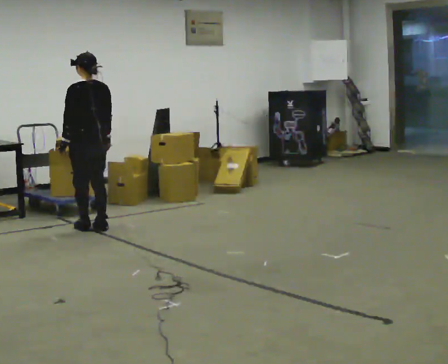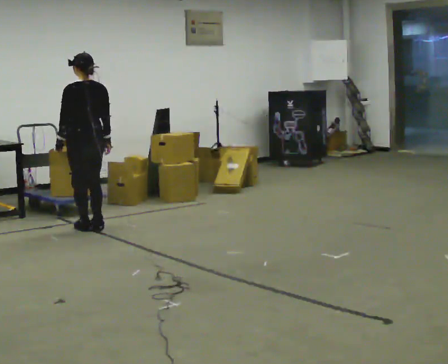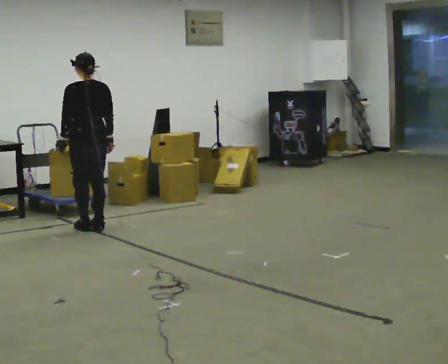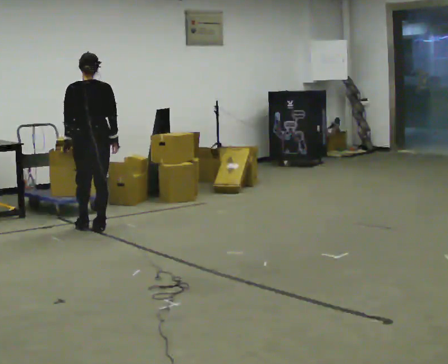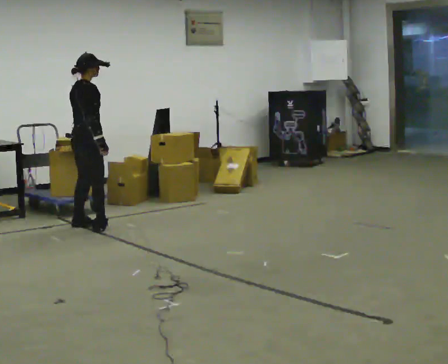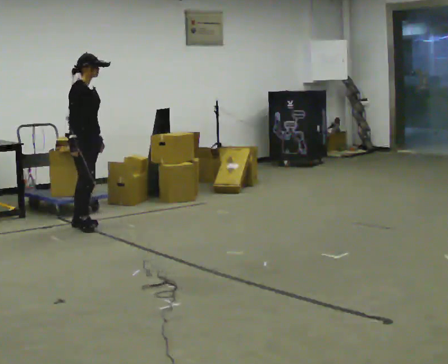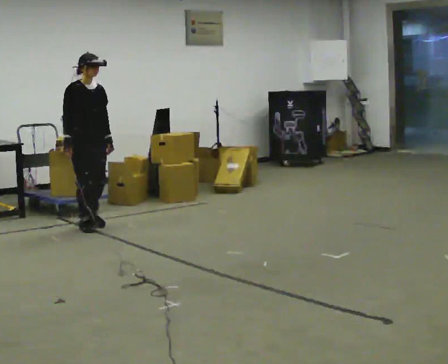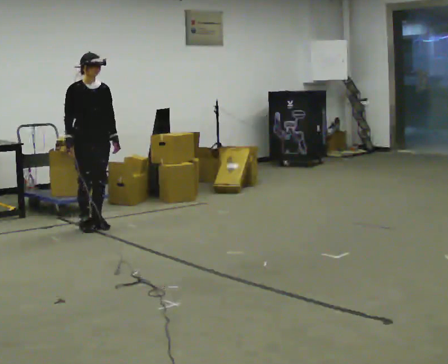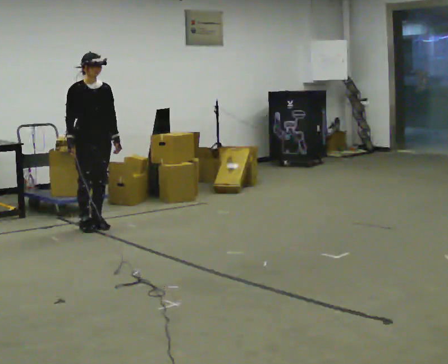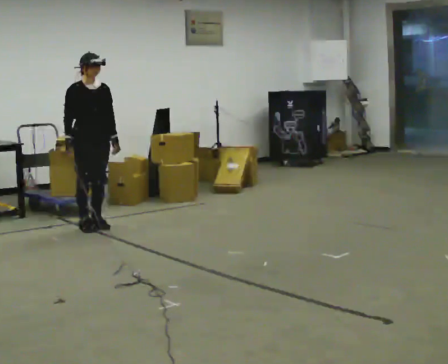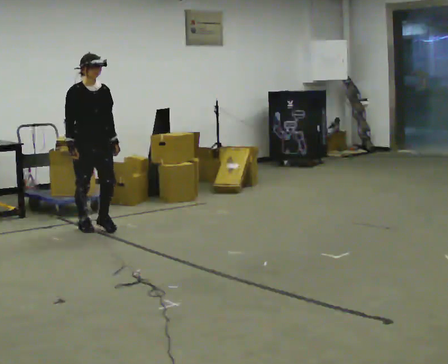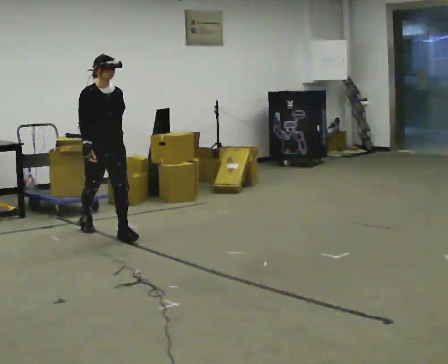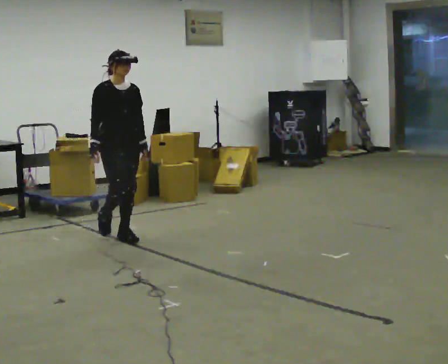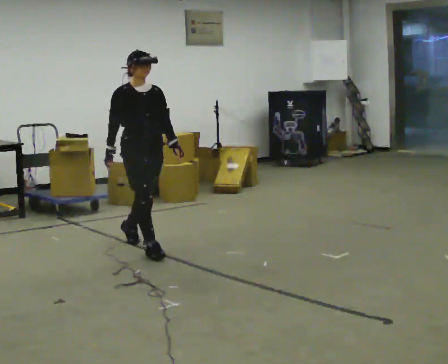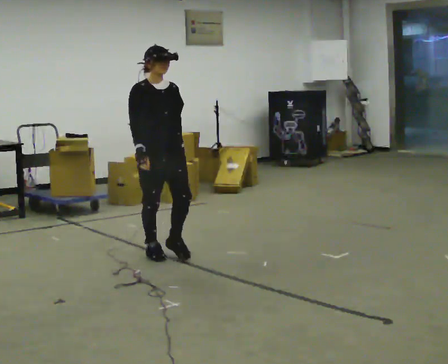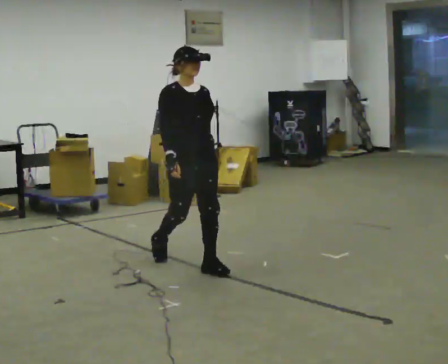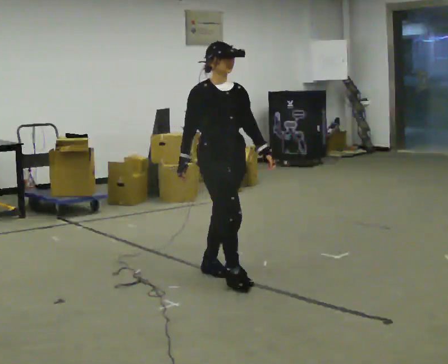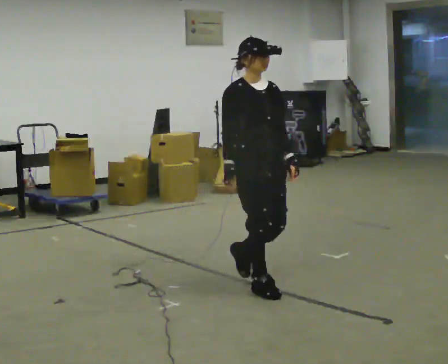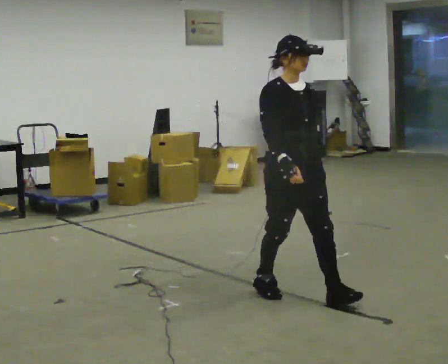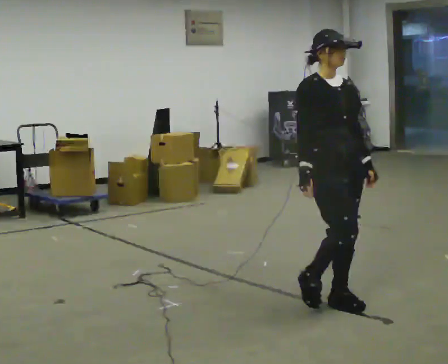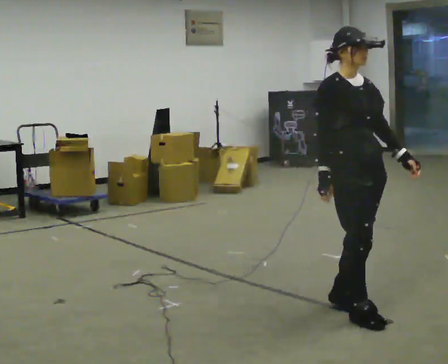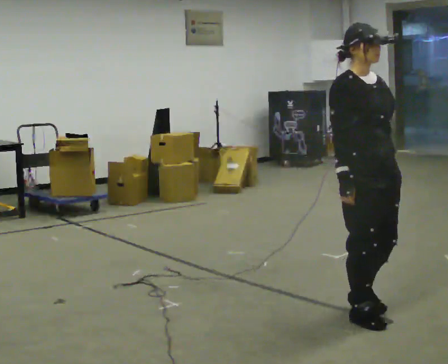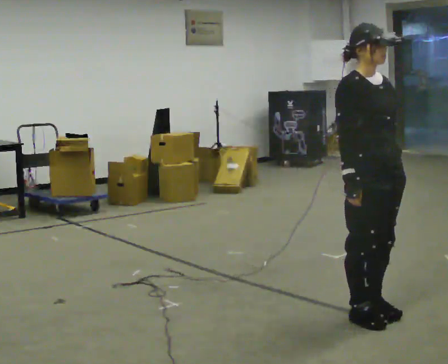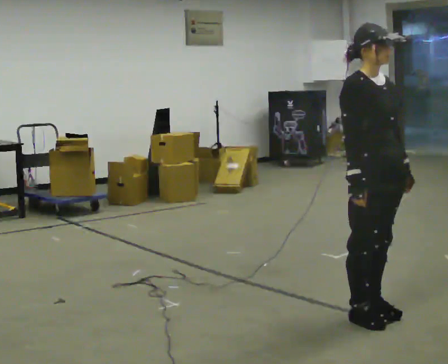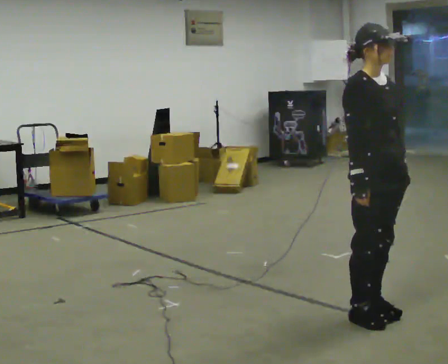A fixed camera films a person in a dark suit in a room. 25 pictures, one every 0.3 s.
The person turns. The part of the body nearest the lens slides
to the left.
The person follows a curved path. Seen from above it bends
counterclockwise.
0.0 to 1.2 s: Seen from above the body turns clockwise, about 90 degrees: to their right, with its near side sliding to the left.
1.2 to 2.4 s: Seen from above the body turns clockwise, about 90 degrees: to their right, with its near side sliding to the left. In the picture their left hand goes to the right.
2.4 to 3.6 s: In the picture they go toward the camera and to the right, about 0.75 m in 1 step, which for them is forward.
3.6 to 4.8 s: In the picture they go toward the camera and to the right, about 1 m in 2 steps, which for them is forward.
4.8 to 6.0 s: In the picture they go toward the camera and to the right, about 1 m in 3 steps, which for them is forward.
6.0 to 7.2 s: The person moves a little, or ends about where they began.
The film runs forward here.
